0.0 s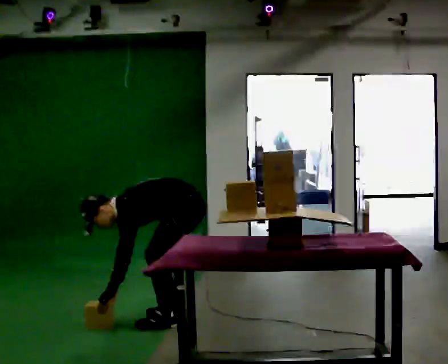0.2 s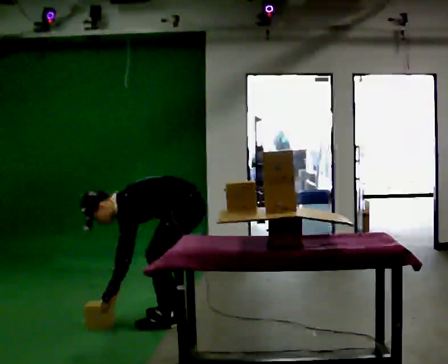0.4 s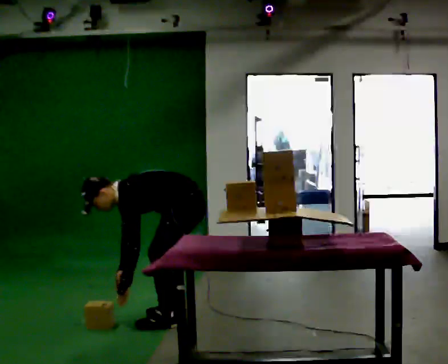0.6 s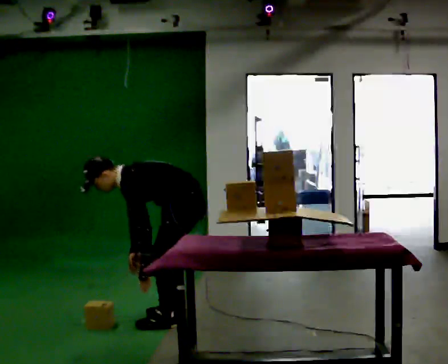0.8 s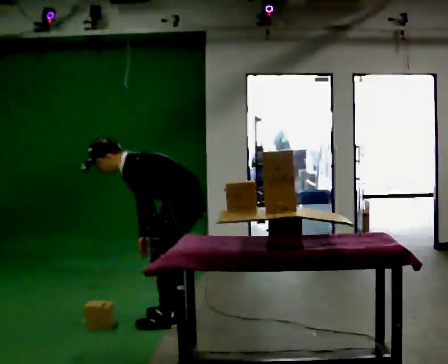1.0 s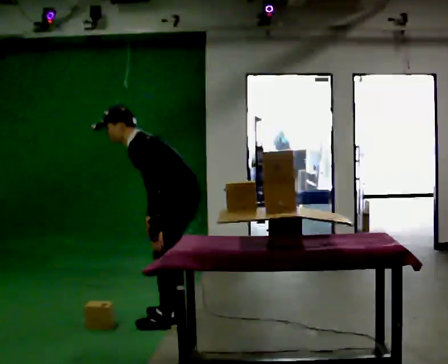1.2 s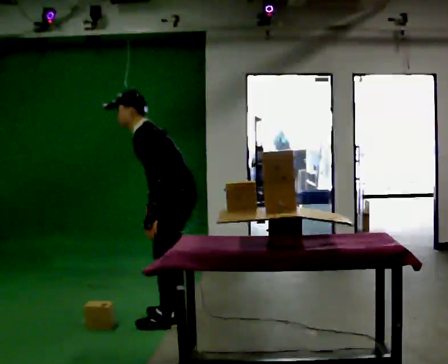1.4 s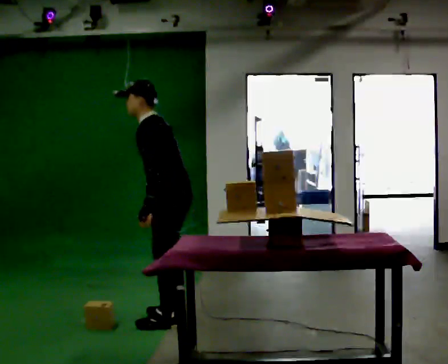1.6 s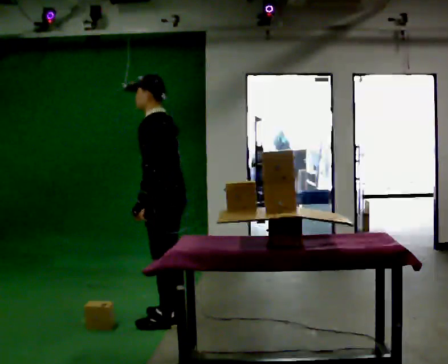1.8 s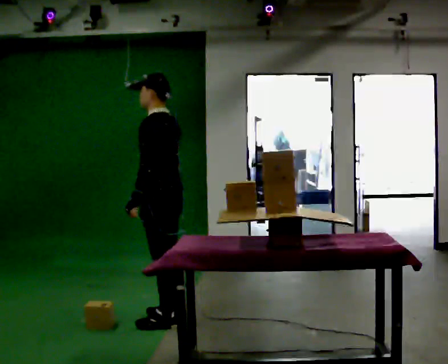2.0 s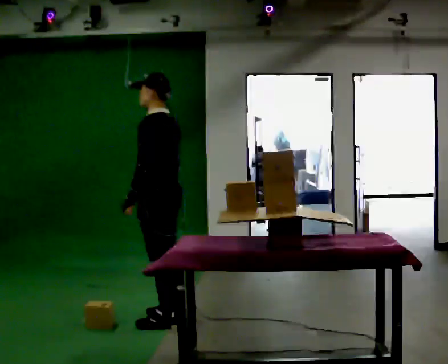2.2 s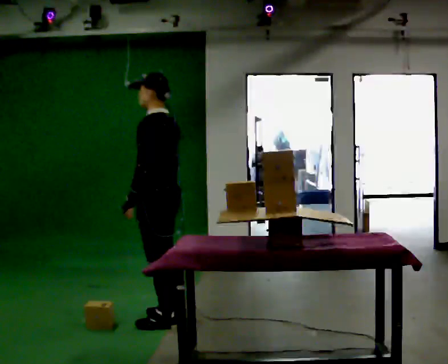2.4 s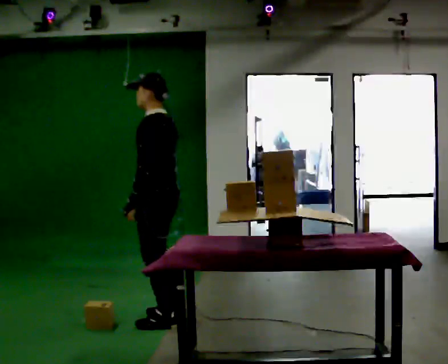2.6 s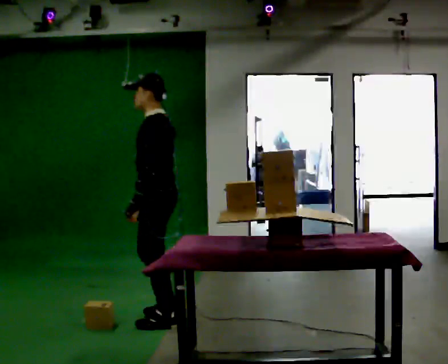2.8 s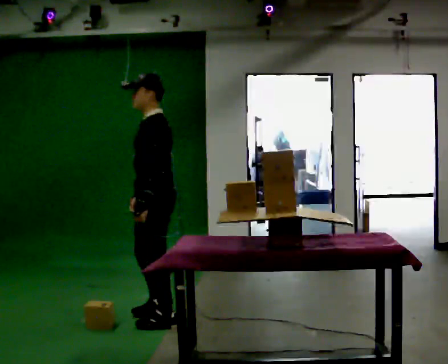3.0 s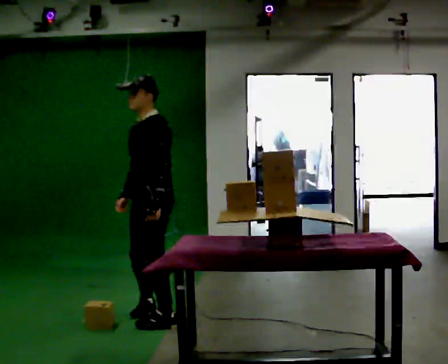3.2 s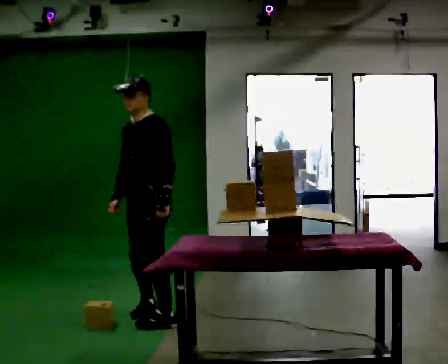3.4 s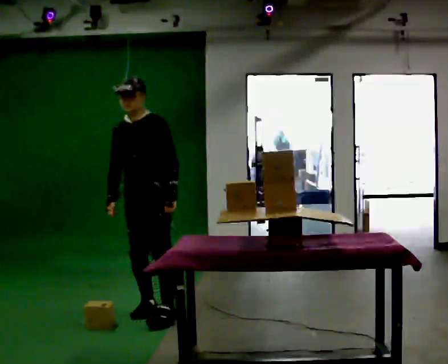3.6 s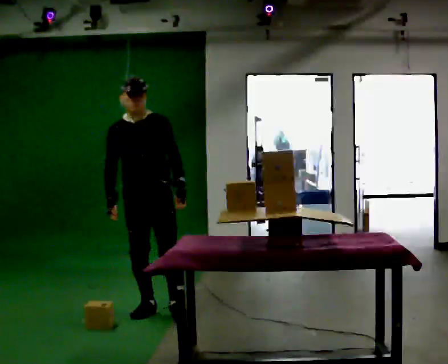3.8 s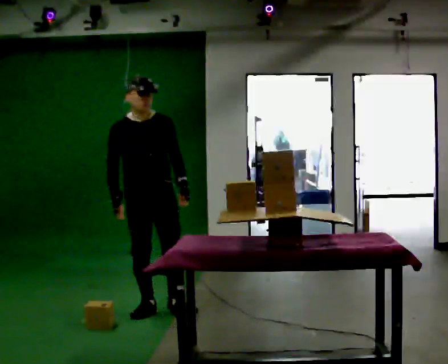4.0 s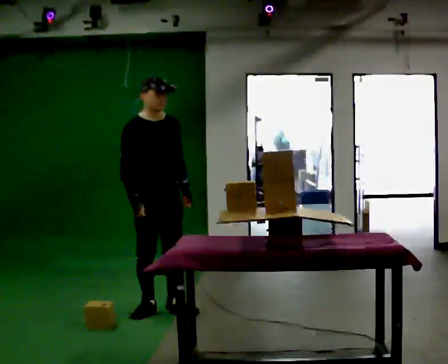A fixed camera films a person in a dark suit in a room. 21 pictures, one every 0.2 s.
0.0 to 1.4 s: The shoulders move upward. In the picture the upper body tilts clockwise, shoulders to the right, as they lean back or straighten. In the picture their right hand goes upward and to the right.
1.4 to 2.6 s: In the picture the upper body tilts clockwise, shoulders to the right, as they lean back or straighten.
2.6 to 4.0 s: Seen from above the body turns counterclockwise, about 120 degrees: to their left, with its near side sliding to the right. In the picture they go away from the camera, about 0.25 m in 2 steps.
The film runs forward here.
